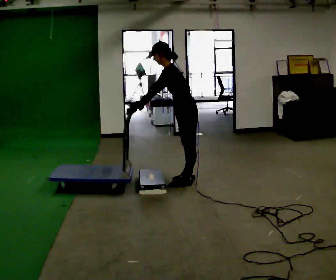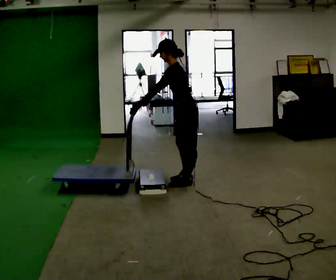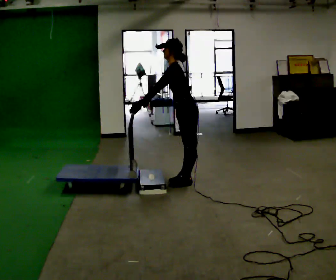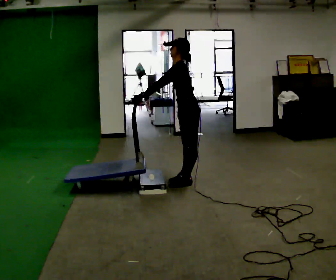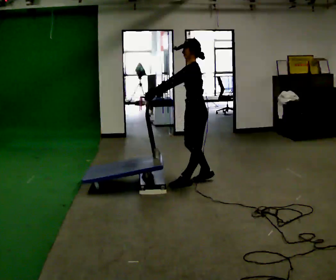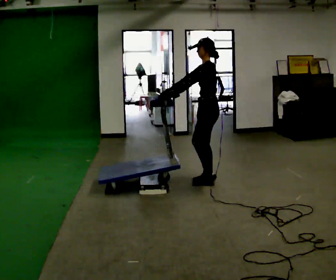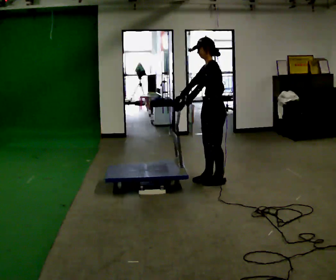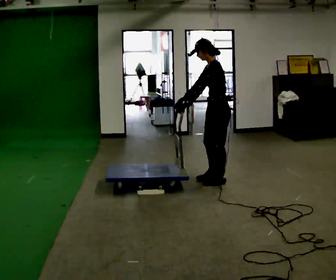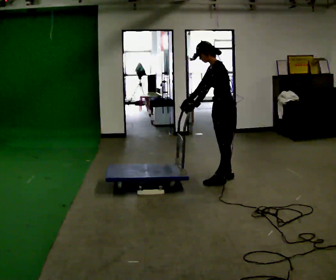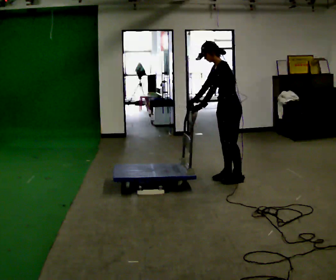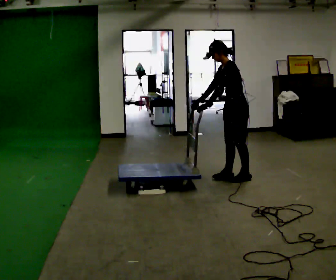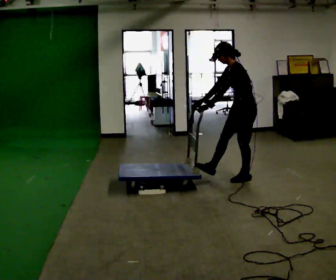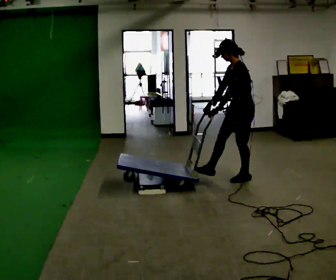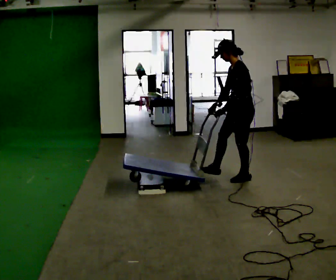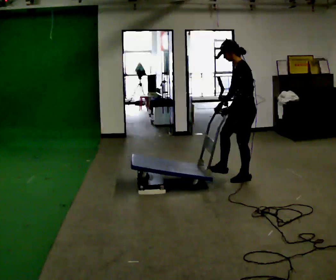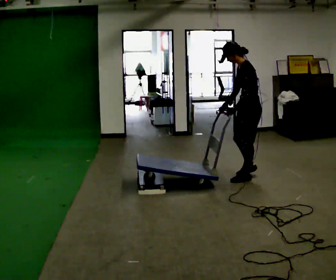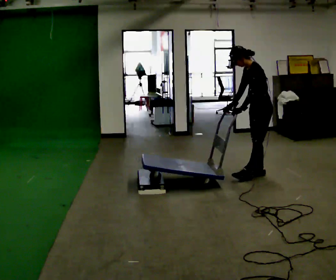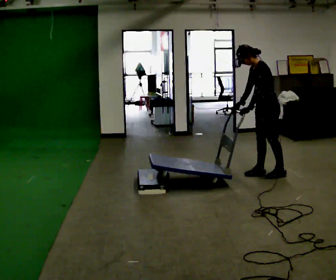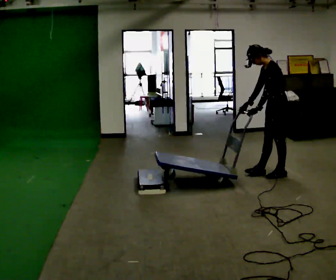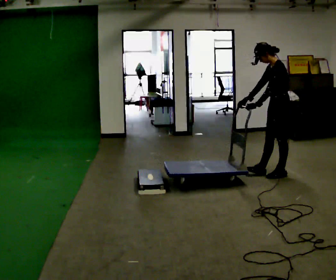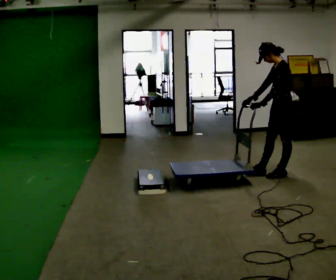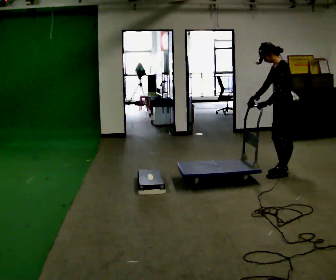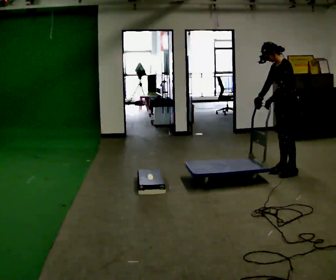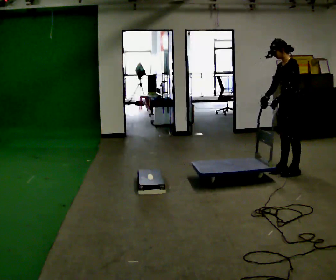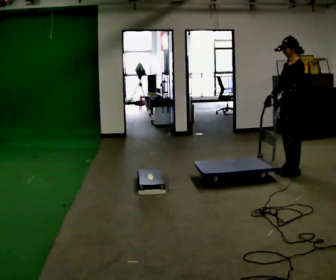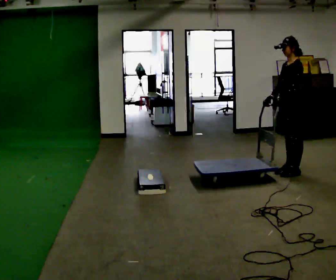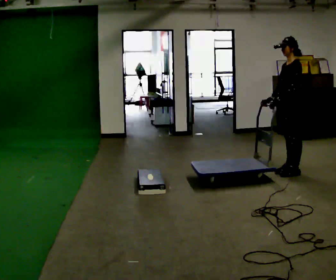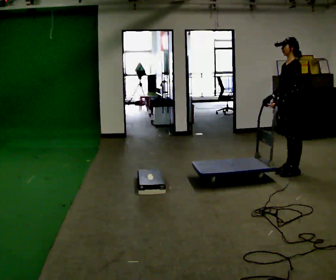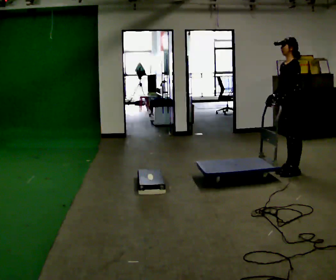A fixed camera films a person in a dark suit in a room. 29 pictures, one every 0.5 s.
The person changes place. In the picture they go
to the right.
0.0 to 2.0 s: In the picture the upper body tilts clockwise, shoulders to the right, as they lean back or straighten.
2.0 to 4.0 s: In the picture they go to the right, about 0.25 m in 3 steps, which for them is backward.
4.0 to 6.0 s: In the picture they go to the right, about 0.25 m in 2 steps, which for them is backward.
6.0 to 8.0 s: In the picture they go to the right and away from the camera, about 0.25 m in 1 step, which for them is backward and to their right.
8.0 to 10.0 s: In the picture they go to the right, about 0.25 m in 1 step, which for them is backward.
10.0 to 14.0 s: The person moves a little, or ends about where they began.
The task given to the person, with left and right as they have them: Push the cart up over the low platform edge and down the other side, then bring it back over.
The film runs forward here.
